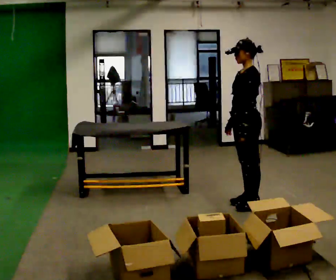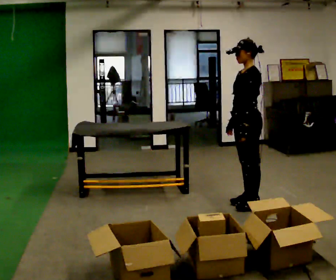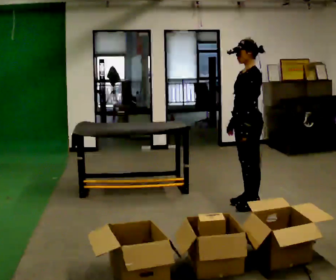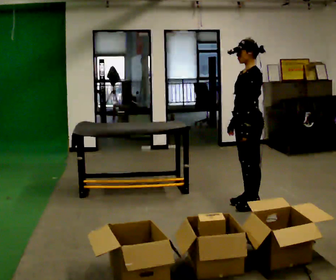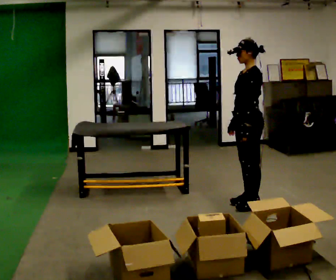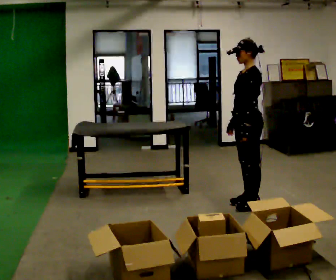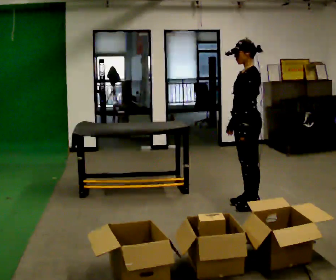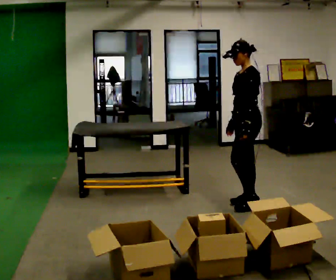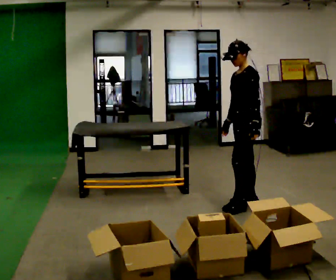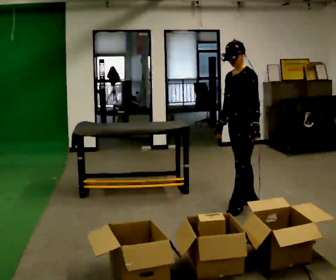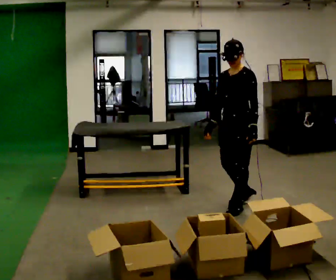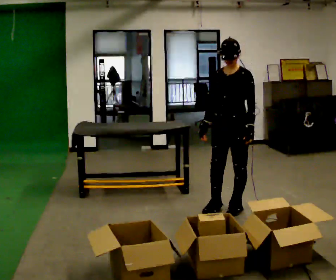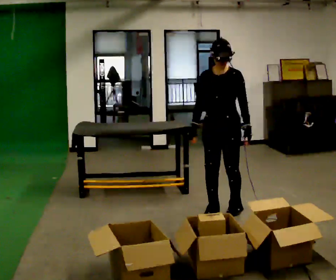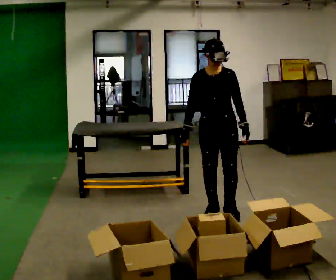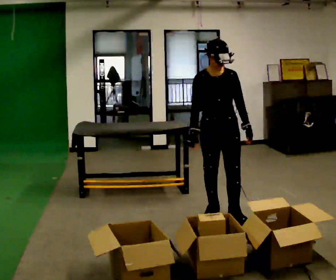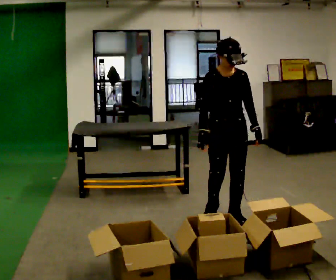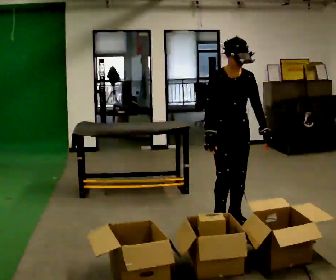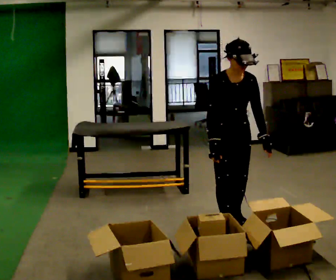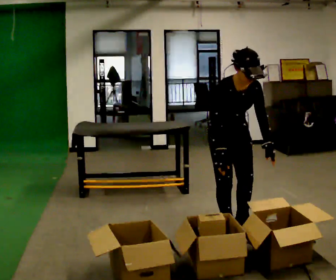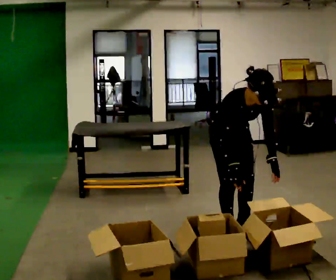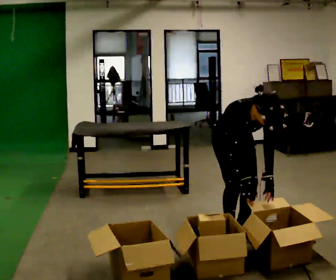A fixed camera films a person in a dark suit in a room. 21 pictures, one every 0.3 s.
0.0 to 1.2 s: The person keeps their place and pose.
1.2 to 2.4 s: The person moves a little, or ends about where they began.
2.4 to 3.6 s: Seen from above the body turns counterclockwise, about 60 degrees: to their left, with its near side sliding to the right. In the picture they go toward the camera and to the left, about 0.25 m in 2 steps, which for them is forward.
3.6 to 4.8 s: The part of the body nearest the lens slides to the right as the person turns to their left by about 30 degrees. In the picture they go toward the camera, about 0.25 m in 1 step, which for them is forward.
4.8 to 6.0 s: In the picture they go toward the camera, about 0.25 m in 2 steps, which for them is forward. The upper body goes downward. The upper body tips toward the camera, its near side rolling downward, as they bend forward.
The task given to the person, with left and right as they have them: 1. Take everything out of the crates by the door. 2. Put the small items on the middle shelf. 3. Put the large items on the bottom shelf. 4. Stack the empty crates by the door. 5. Tell the operator when you are finished.
The film runs forward here.
